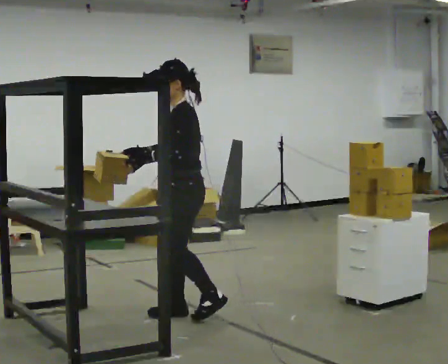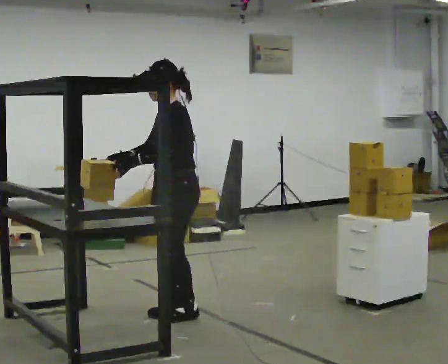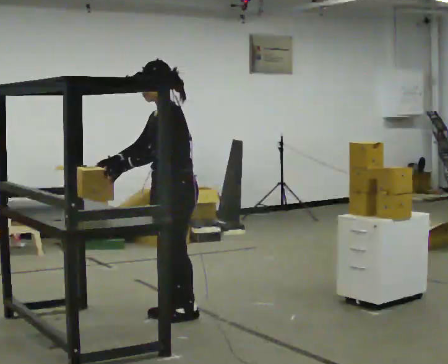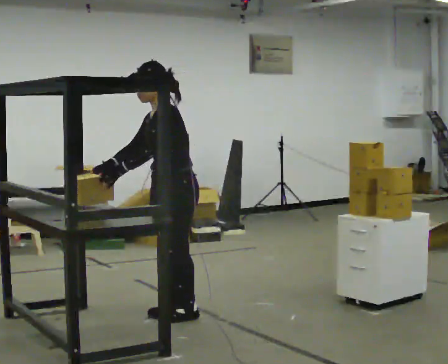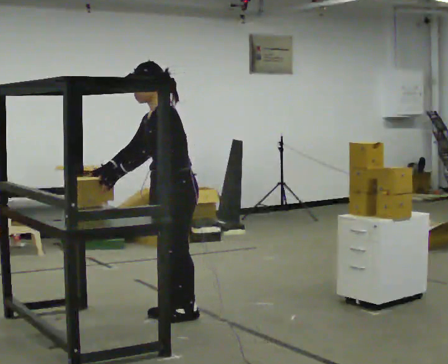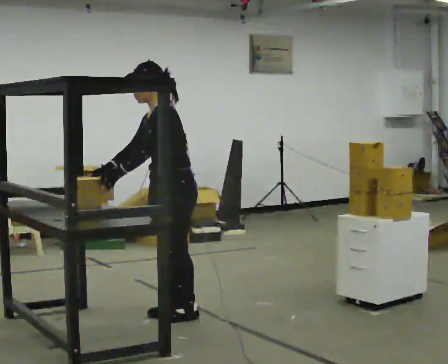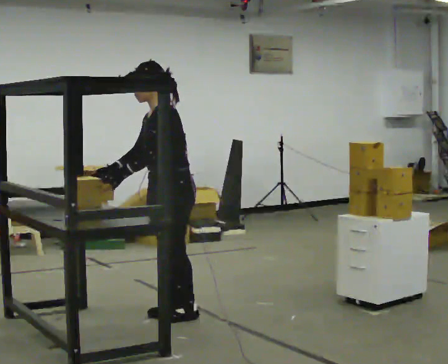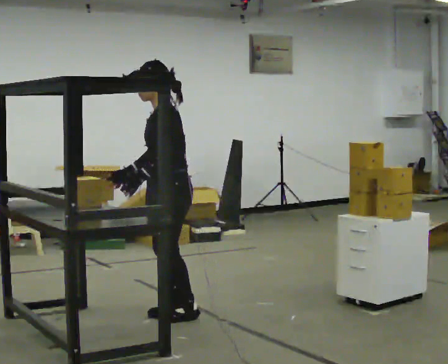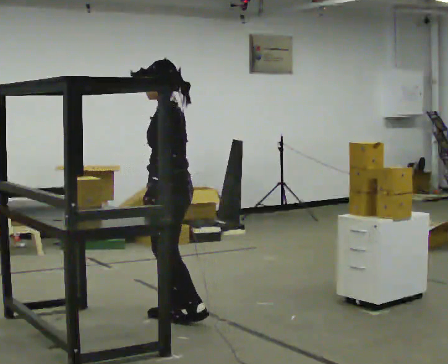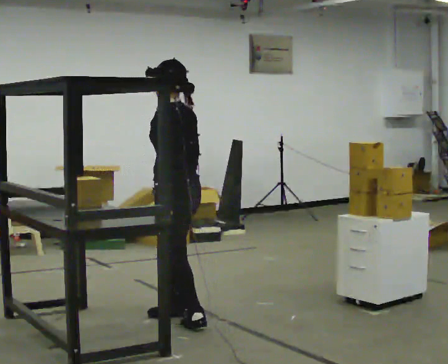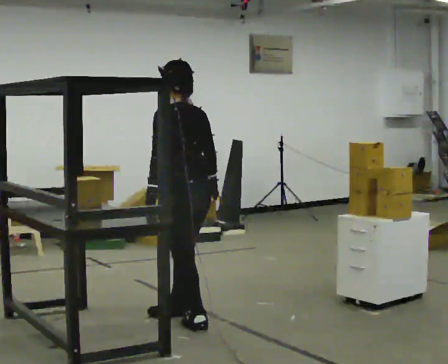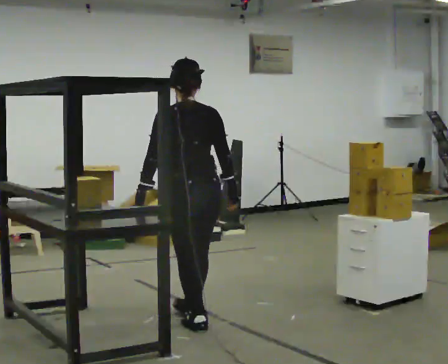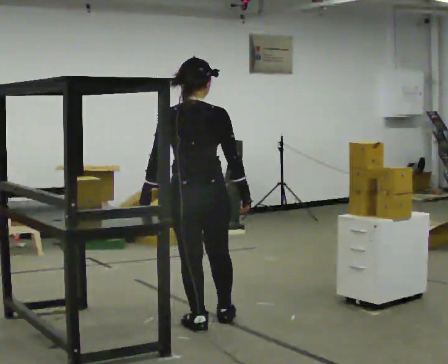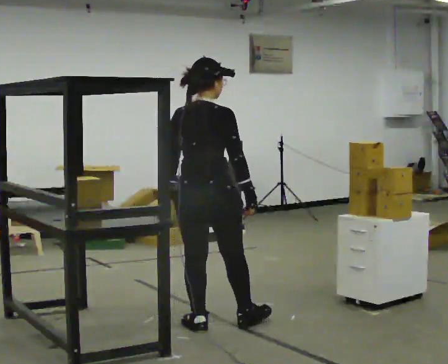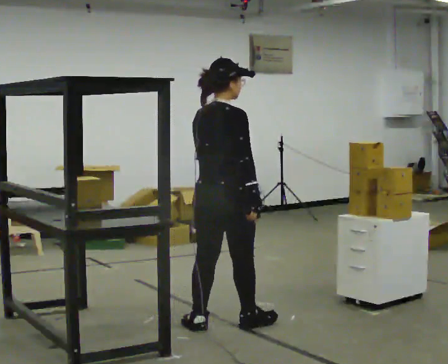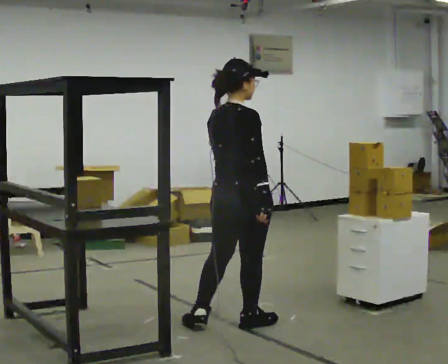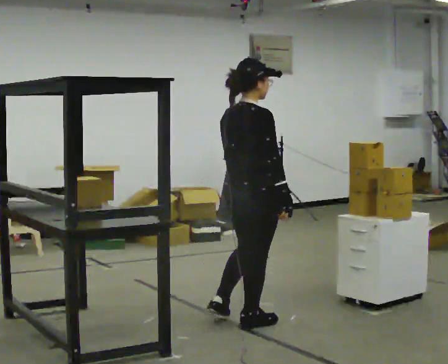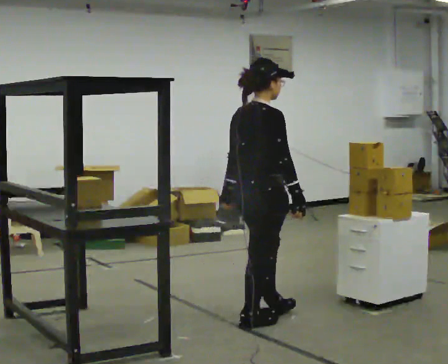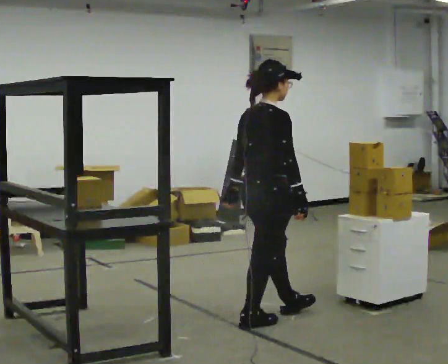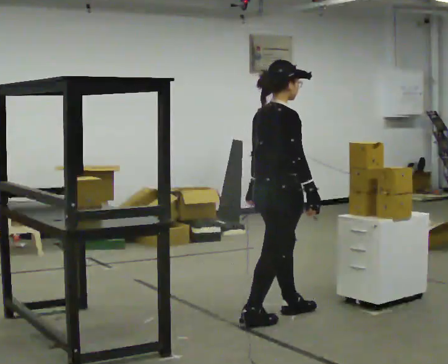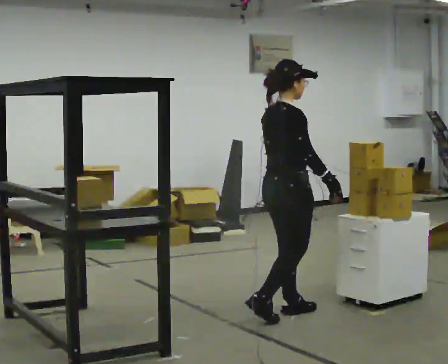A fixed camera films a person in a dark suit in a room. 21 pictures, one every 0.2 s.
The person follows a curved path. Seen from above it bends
counterclockwise.
The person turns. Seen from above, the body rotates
clockwise.
0.0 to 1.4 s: The person moves a little, or ends about where they began.
1.4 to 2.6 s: The person turns about 120 degrees to their right, clockwise seen from above, so the part of the body nearest the lens slides to the left. In the picture they go toward the camera and to the right, about 0.25 m in 2 steps.
2.6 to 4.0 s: Seen from above the body turns clockwise, about 45 degrees: to their right, with its near side sliding to the left. In the picture they go to the right and away from the camera, about 0.5 m in 1 step, which for them is forward.
The film runs forward here.
